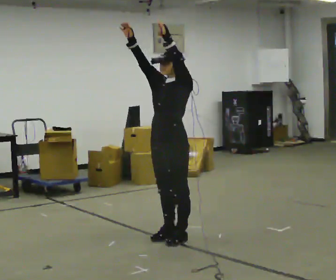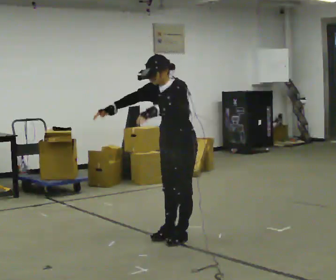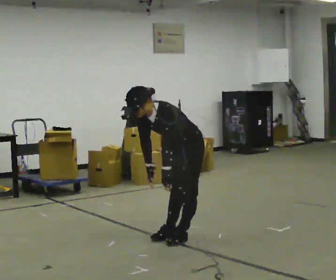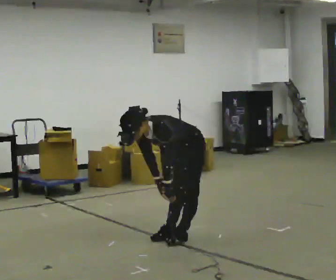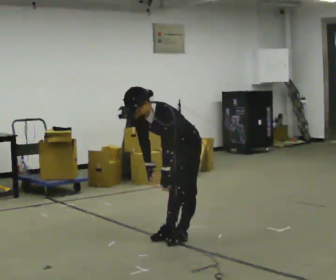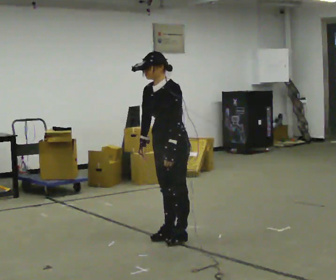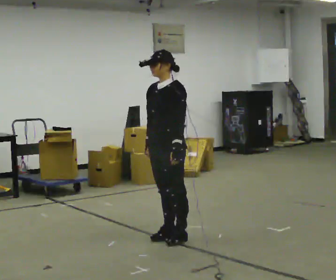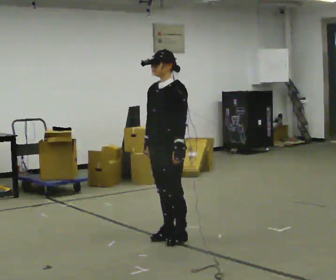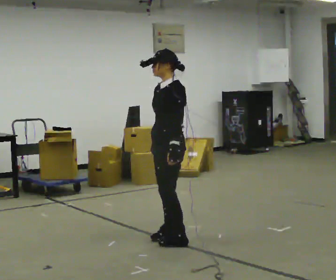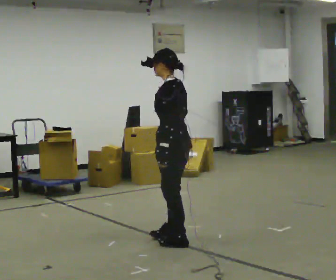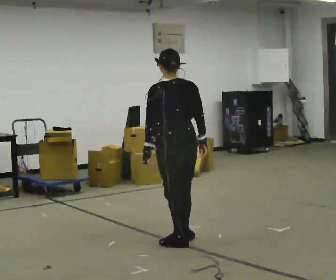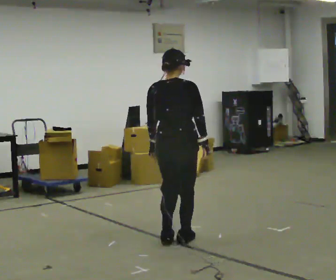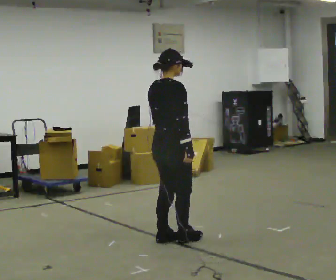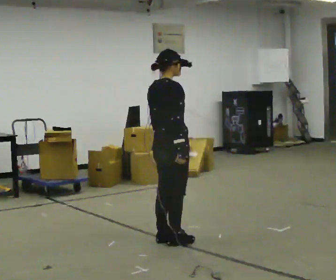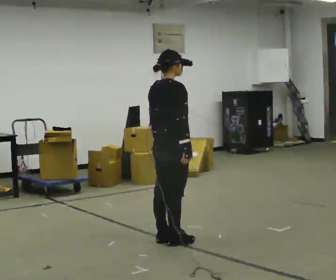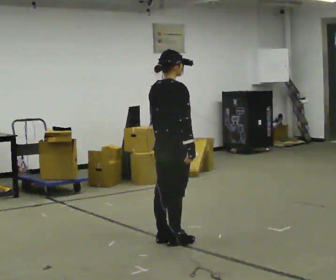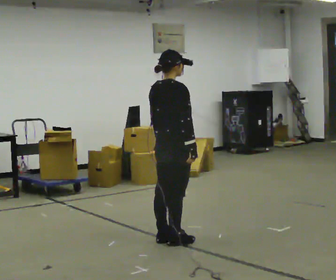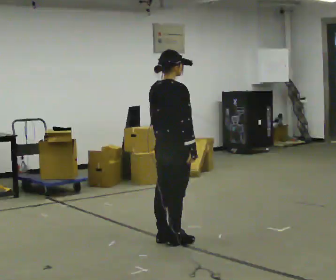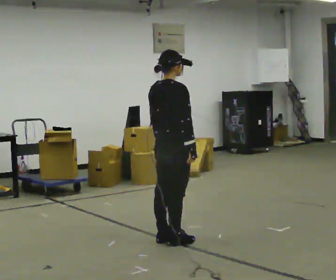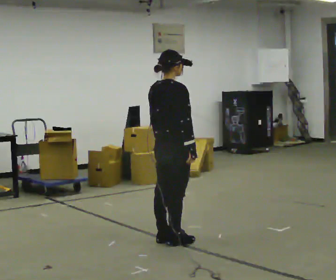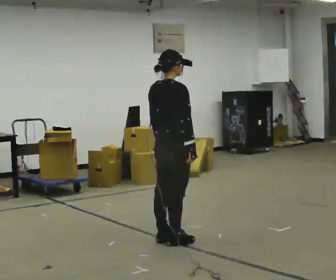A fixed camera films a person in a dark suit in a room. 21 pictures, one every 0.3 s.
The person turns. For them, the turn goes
to their right.
The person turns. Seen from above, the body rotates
clockwise.
0.0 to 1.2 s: In the picture their right hand goes downward, the arm swinging counterclockwise.
1.2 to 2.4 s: The person turns about 30 degrees to their right, clockwise seen from above, so the part of the body nearest the lens slides to the left. The upper body goes upward. In the picture the upper body tilts clockwise, shoulders to the right, as they lean back or straighten.
2.4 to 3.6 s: The person turns about 165 degrees to their right, clockwise seen from above, so the part of the body nearest the lens slides to the left.
3.6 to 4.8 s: The person moves a little, or ends about where they began.
4.8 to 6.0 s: The person keeps their place and pose.
The film runs forward here.
